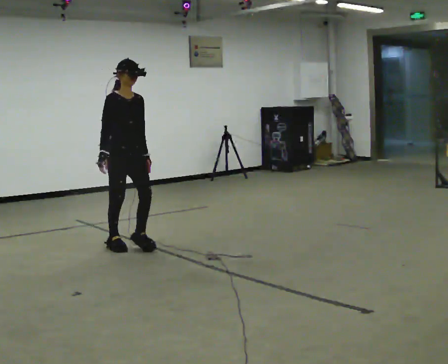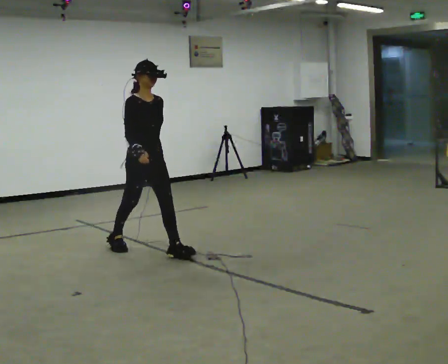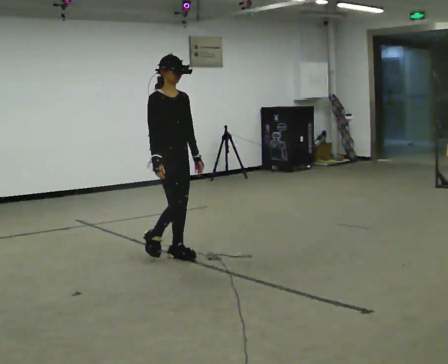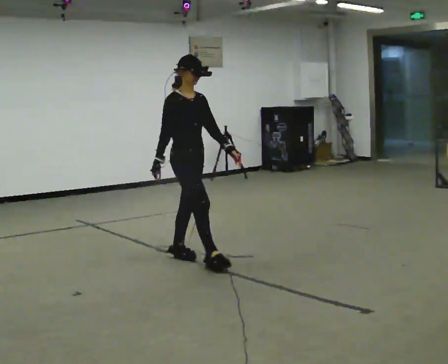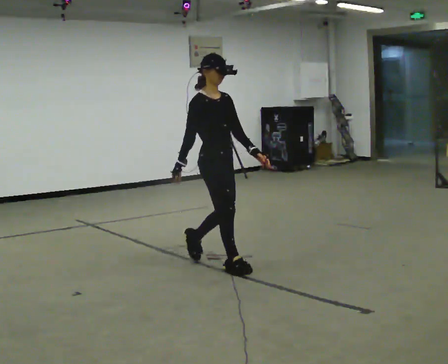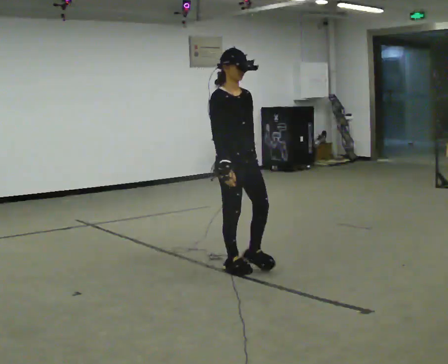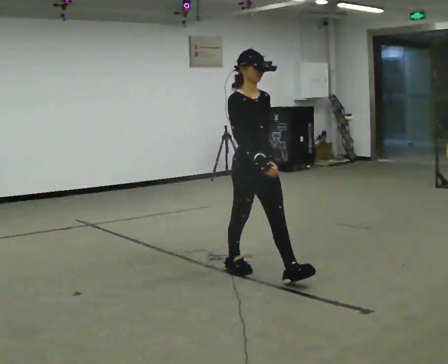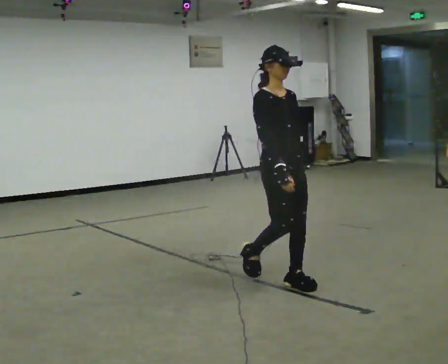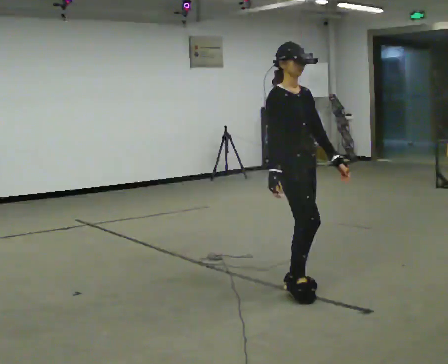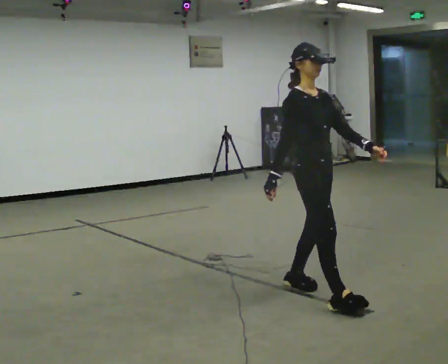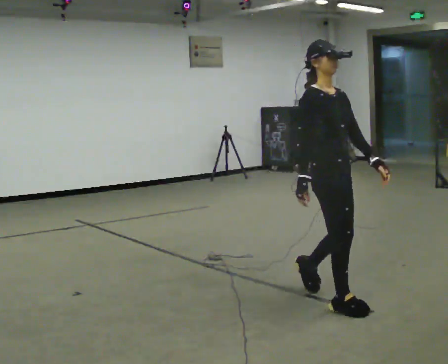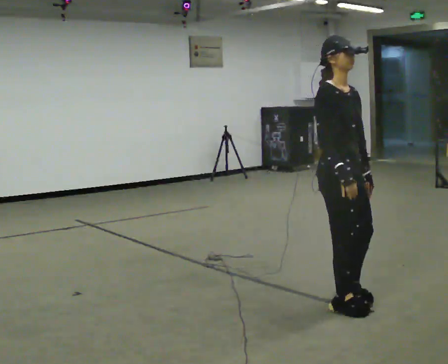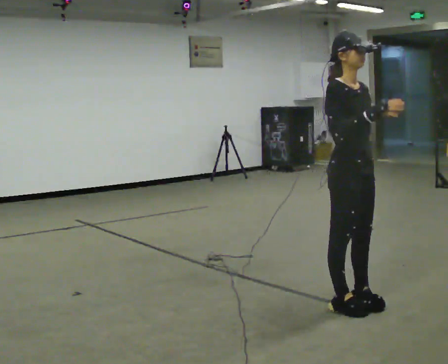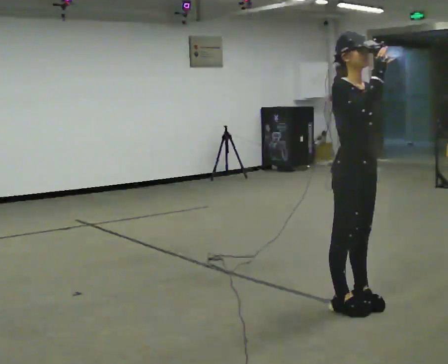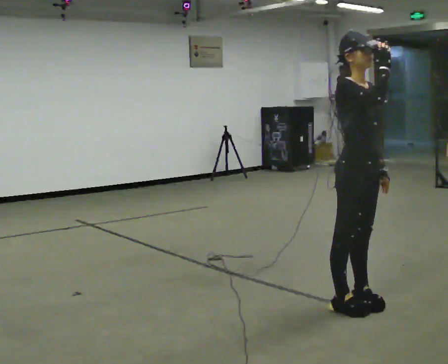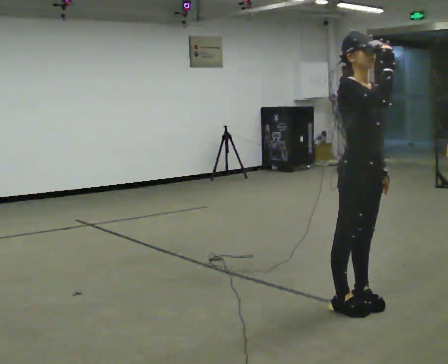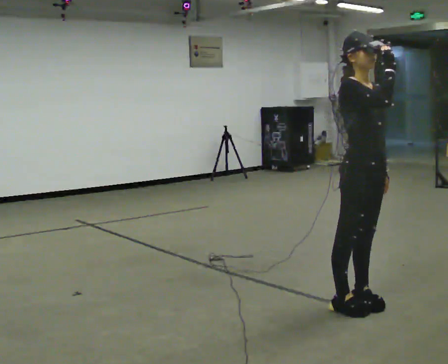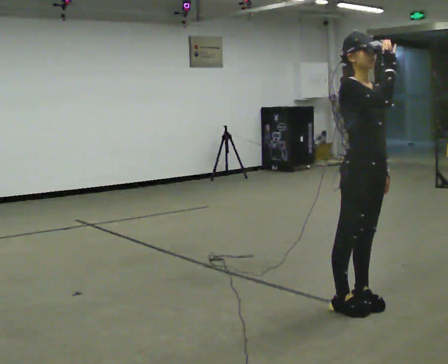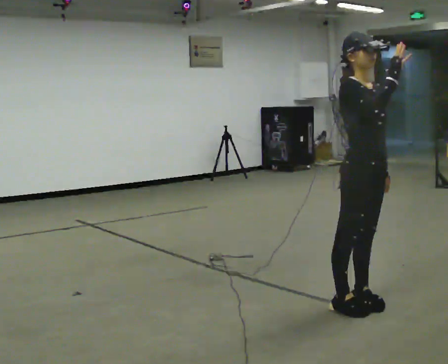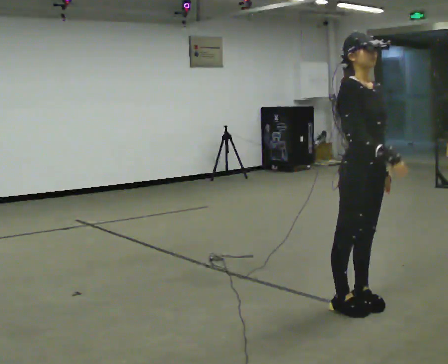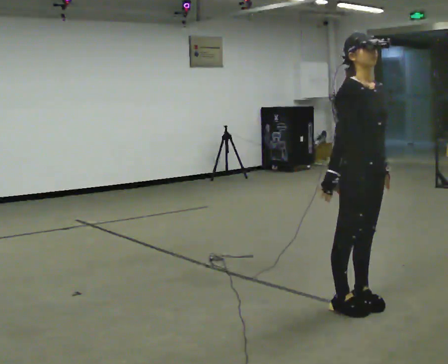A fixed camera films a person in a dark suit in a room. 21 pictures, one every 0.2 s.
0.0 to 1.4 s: In the picture they go to the right and toward the camera, about 1.5 m in 3 steps, which for them is forward.
1.4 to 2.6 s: In the picture they go toward the camera and to the right, about 0.75 m in 2 steps, which for them is forward. In the picture their right hand goes upward.
2.6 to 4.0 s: In the picture their right hand goes downward and to the left.
The film runs forward here.
